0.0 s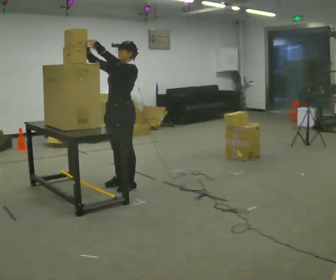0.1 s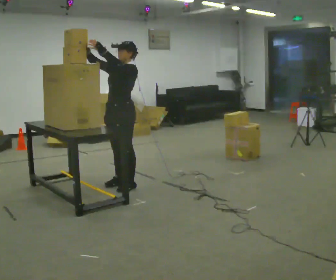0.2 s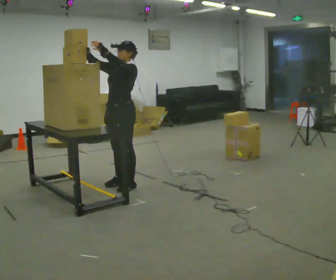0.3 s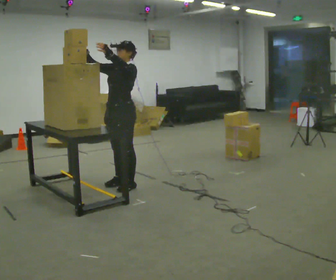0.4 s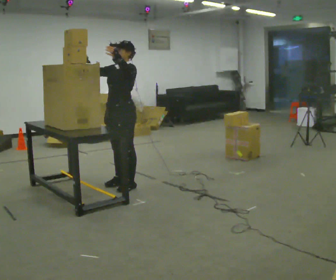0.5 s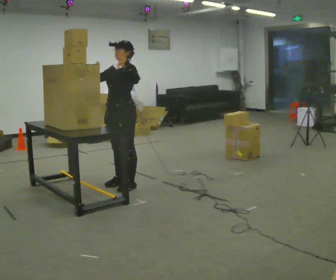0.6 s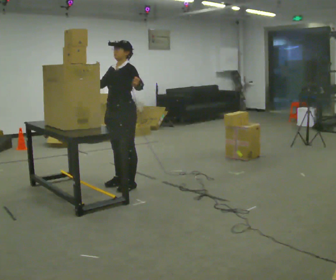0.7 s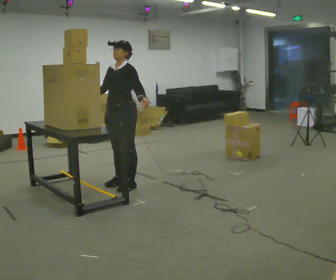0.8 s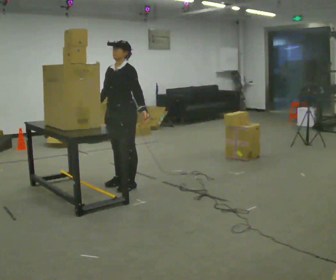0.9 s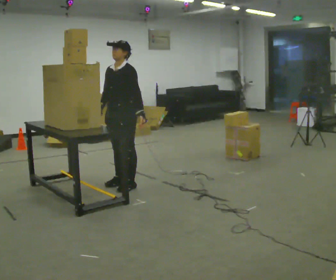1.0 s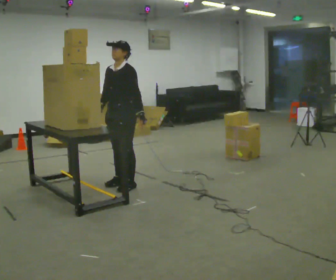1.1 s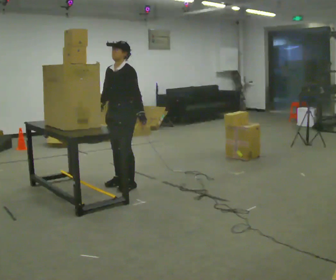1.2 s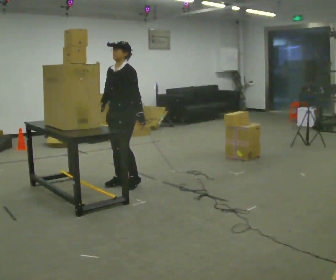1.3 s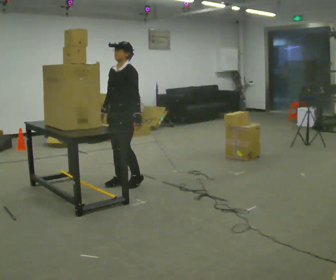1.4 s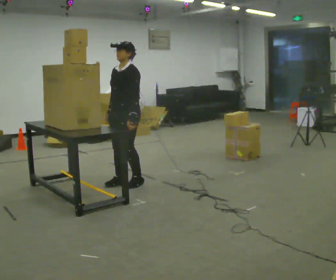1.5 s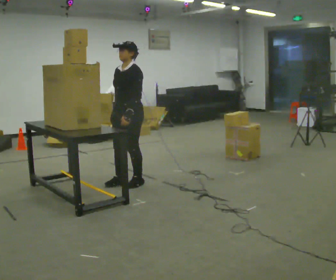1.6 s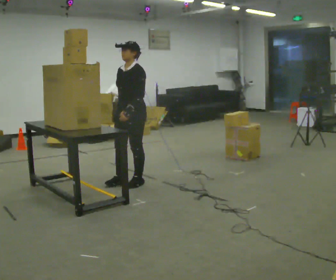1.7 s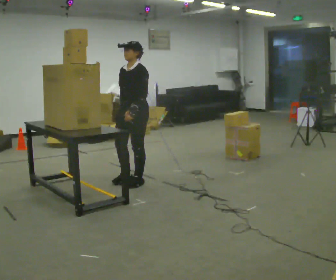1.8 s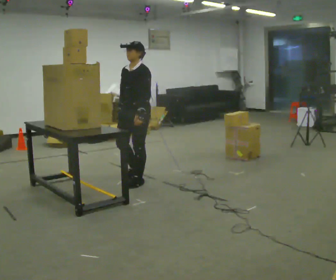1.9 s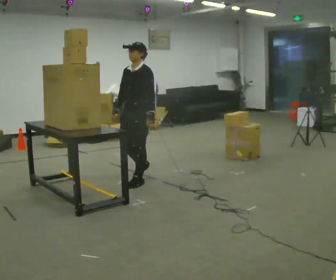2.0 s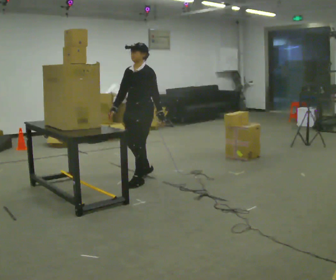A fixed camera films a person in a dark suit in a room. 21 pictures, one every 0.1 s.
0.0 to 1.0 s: In the picture their left hand goes downward and to the right.
1.0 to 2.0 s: In the picture they go to the right and away from the camera, about 0.25 m in 2 steps, which for them is backward.
The film runs backward here.
